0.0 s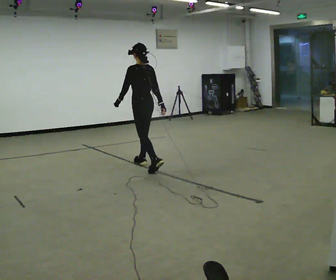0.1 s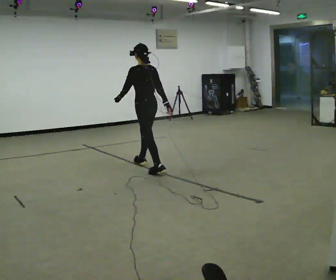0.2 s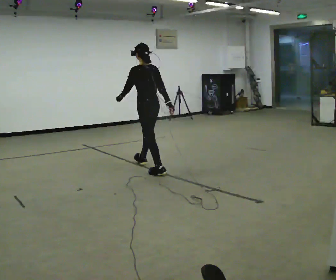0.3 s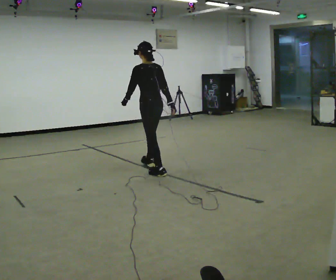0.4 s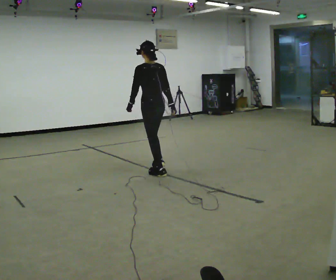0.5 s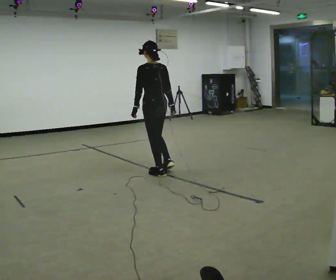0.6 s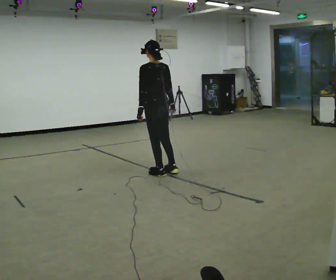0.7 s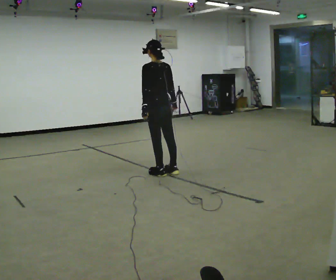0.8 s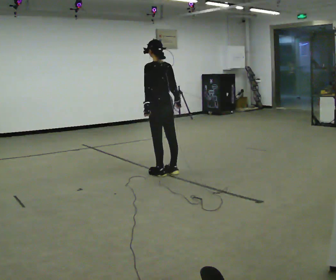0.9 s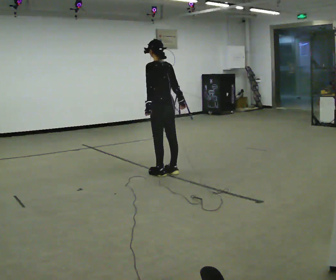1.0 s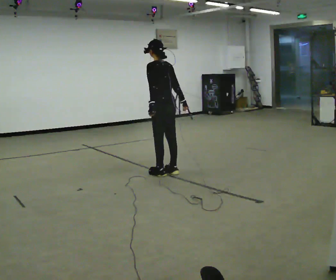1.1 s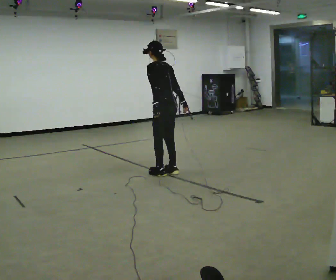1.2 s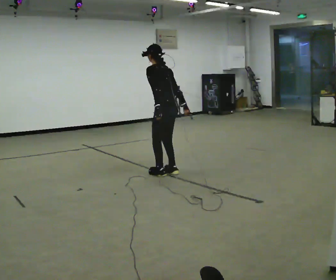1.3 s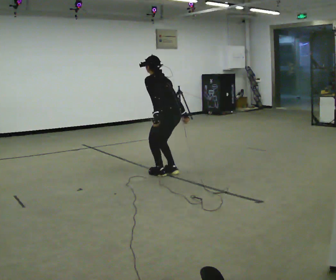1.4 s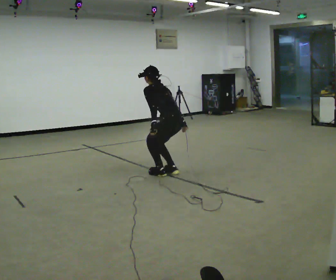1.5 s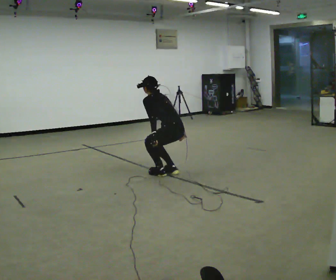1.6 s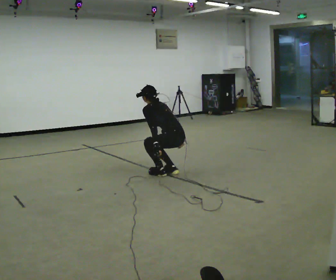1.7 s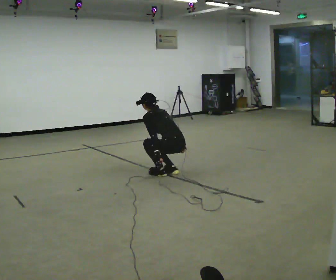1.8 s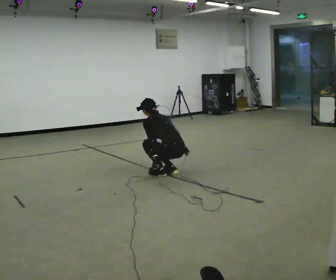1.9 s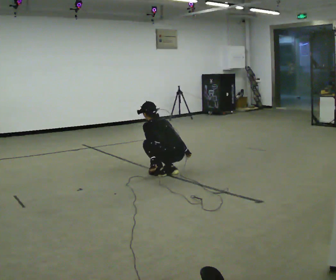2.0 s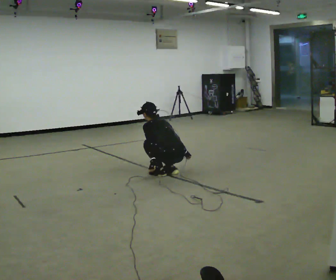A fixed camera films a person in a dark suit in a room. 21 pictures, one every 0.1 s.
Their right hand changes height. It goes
downward.
The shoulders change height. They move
downward.
0.0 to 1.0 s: In the picture they go toward the camera and to the right, about 0.5 m in 1 step, which for them is backward.
1.0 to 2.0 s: The shoulders move downward. In the picture the upper body tilts counterclockwise, shoulders to the left, as they bend forward. In the picture their left hand goes downward.
The film runs backward here.
